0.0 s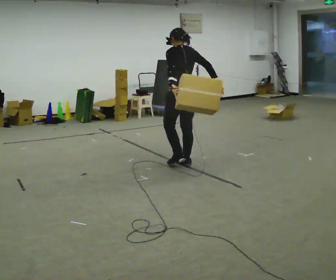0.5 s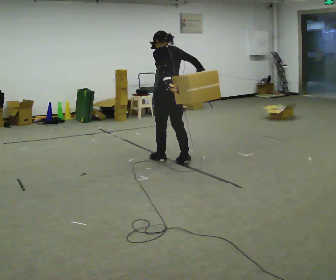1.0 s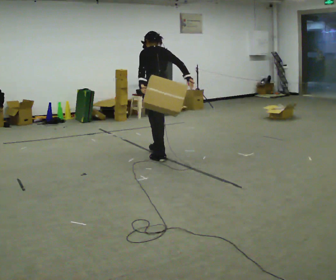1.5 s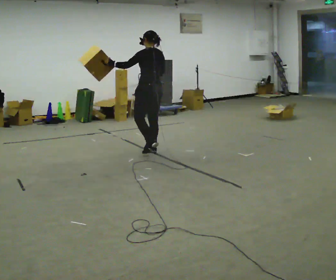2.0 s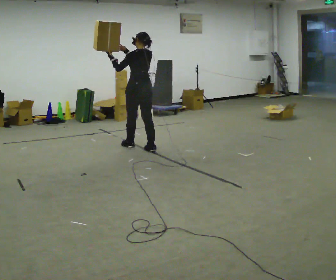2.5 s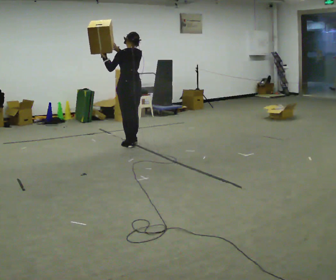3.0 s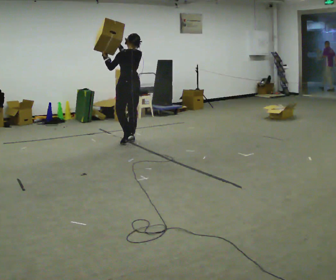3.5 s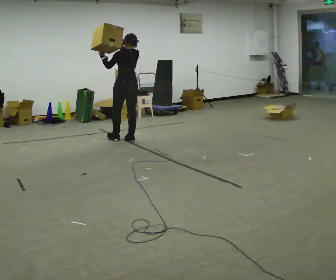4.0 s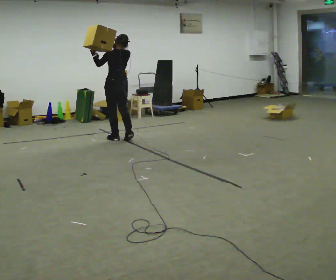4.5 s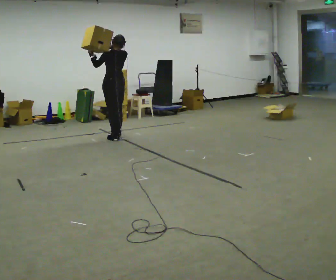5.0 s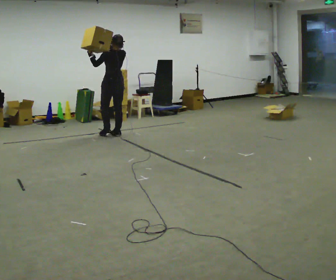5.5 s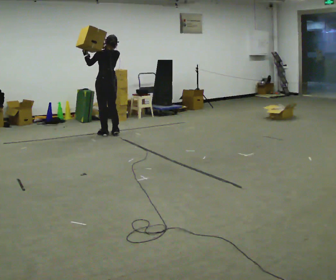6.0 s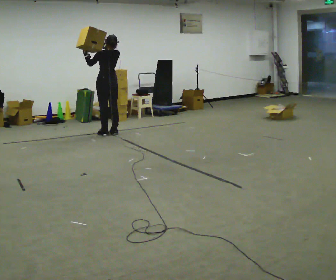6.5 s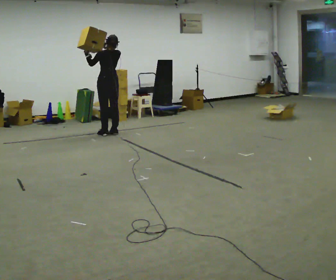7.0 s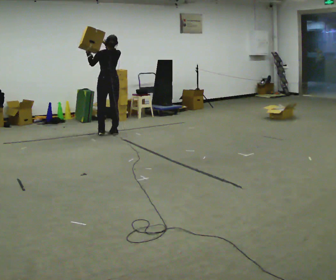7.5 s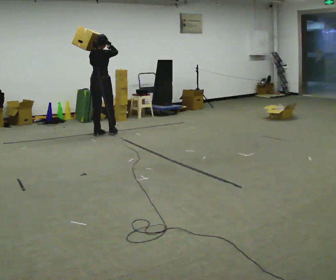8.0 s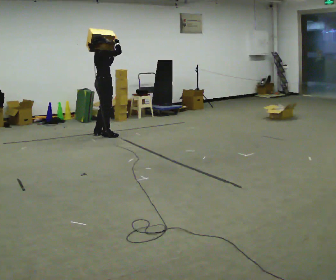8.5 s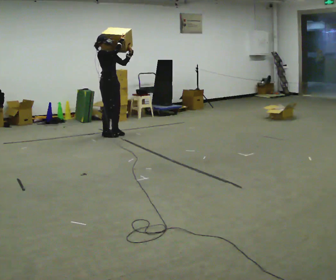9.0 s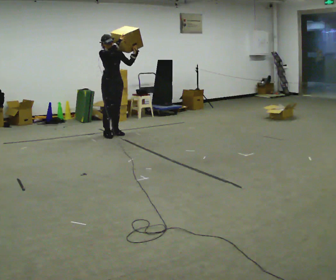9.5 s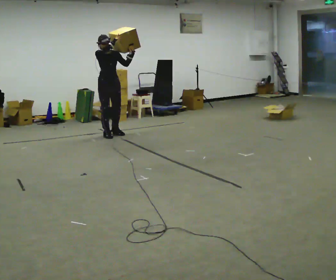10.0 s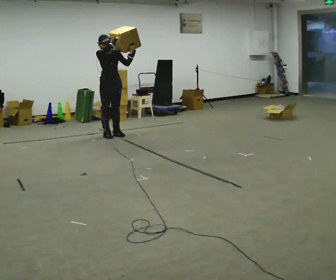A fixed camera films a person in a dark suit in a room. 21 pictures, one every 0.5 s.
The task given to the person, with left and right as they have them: Carry the box and, while walking, shift it to a different hold: front, then hip, then shoulder, then back to front. Do not stop walking.
0.0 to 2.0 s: In the picture they go away from the camera and to the left, about 1 m in 3 steps, which for them is forward. In the picture their right hand goes upward.
2.0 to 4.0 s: In the picture they go away from the camera and to the left, about 0.75 m in 2 steps, which for them is forward.
4.0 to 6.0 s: In the picture they go away from the camera and to the left, about 0.5 m in 2 steps, which for them is forward.
6.0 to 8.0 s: Seen from above the body turns clockwise, about 105 degrees: to their right, with its near side sliding to the left. In the picture their left hand goes to the right.
8.0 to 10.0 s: Seen from above the body turns clockwise, about 75 degrees: to their right, with its near side sliding to the left. In the picture their left hand goes to the right.
The film runs forward here.
